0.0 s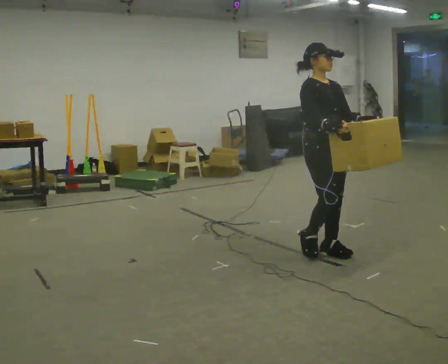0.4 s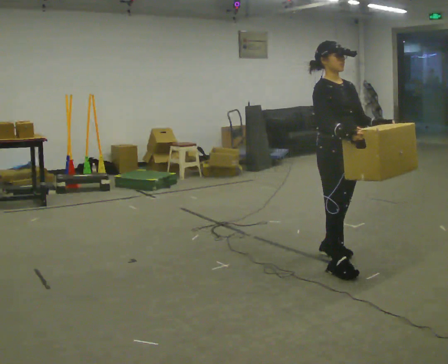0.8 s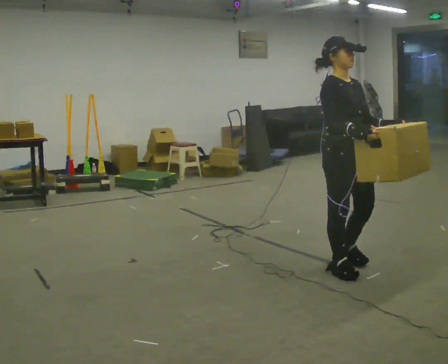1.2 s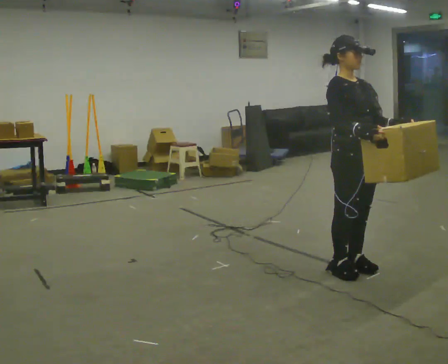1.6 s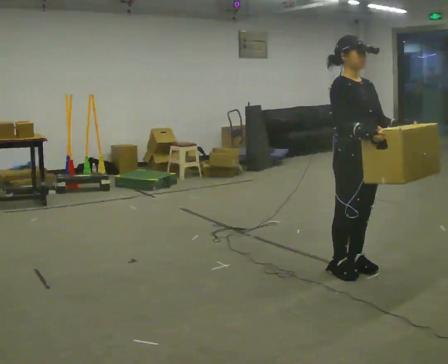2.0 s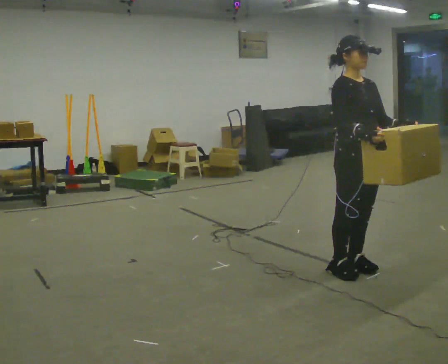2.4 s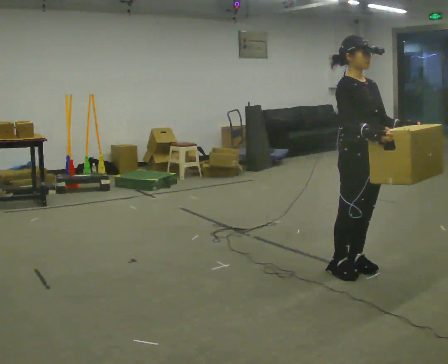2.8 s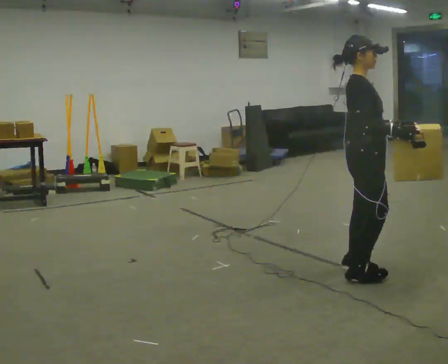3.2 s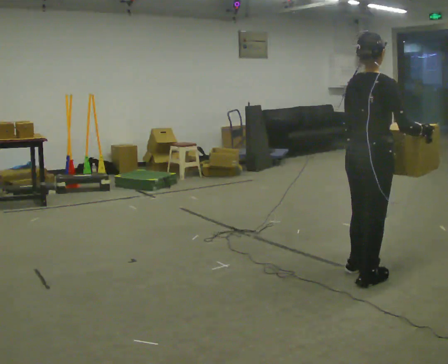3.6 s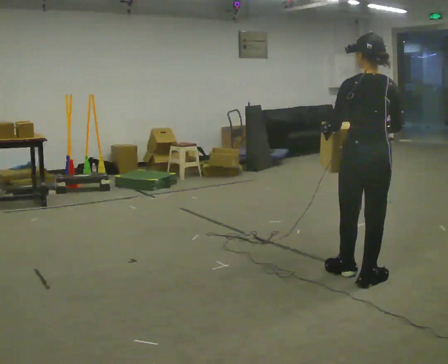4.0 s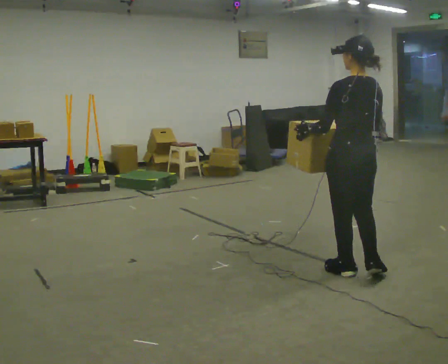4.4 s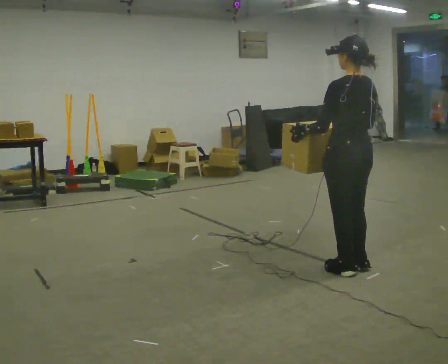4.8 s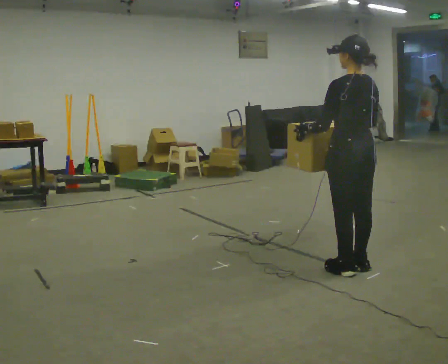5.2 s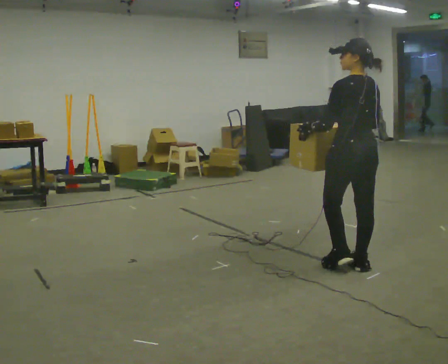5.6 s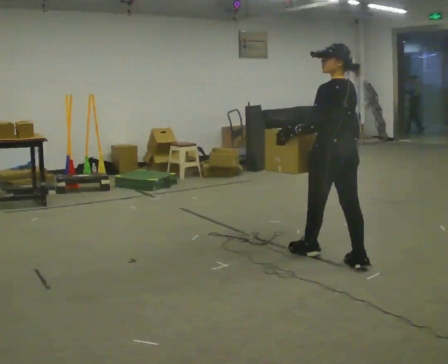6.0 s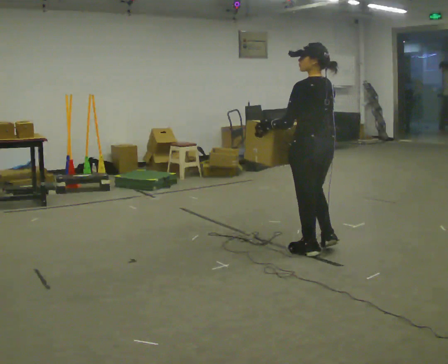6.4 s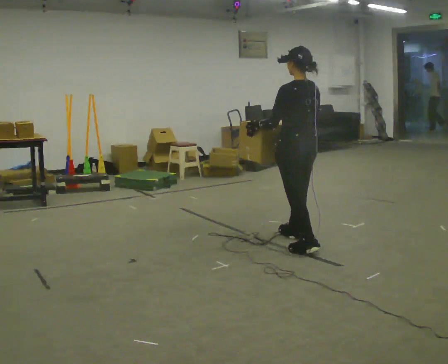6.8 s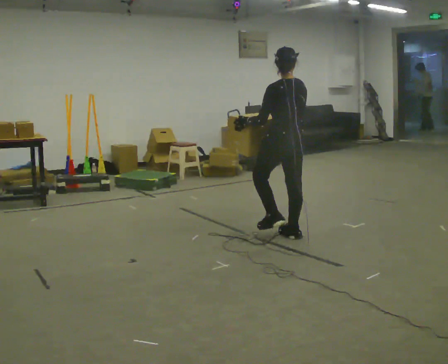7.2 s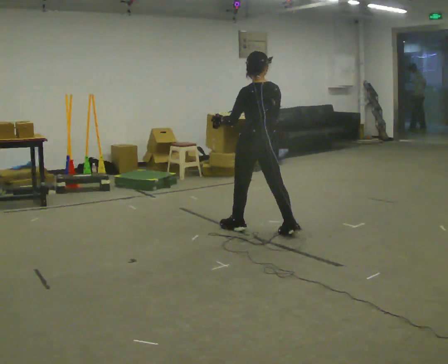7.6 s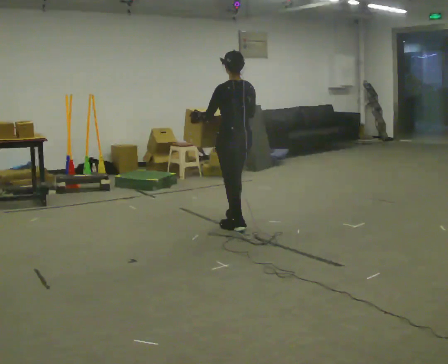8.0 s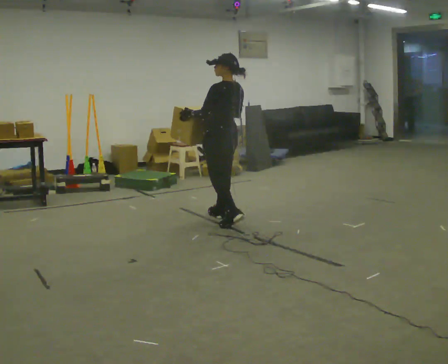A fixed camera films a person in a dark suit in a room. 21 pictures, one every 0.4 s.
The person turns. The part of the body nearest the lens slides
to the right.
The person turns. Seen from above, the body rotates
counterclockwise.
0.0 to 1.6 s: In the picture they go toward the camera and to the right, about 0.5 m in 2 steps, which for them is forward.
1.6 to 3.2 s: The part of the body nearest the lens slides to the right as the person turns to their left by about 105 degrees. In the picture their right hand goes to the right.
3.2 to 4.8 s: The part of the body nearest the lens slides to the right as the person turns to their left by about 60 degrees. In the picture they go away from the camera, about 0.25 m in 1 step. In the picture their right hand goes to the left.
4.8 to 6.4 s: In the picture they go away from the camera and to the left, about 1 m in 2 steps, which for them is forward.
6.4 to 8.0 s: In the picture they go to the left and away from the camera, about 1 m in 2 steps, which for them is forward.
The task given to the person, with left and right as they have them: Carry the box across the room while freely looking around at the walls, ceiling and floor. Keep going until the operator says stop; one object at a time, and do not rush between trips.
The film runs forward here.
